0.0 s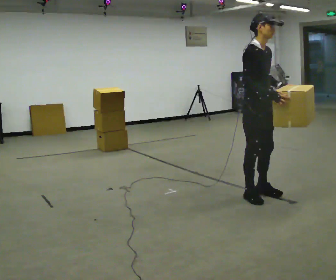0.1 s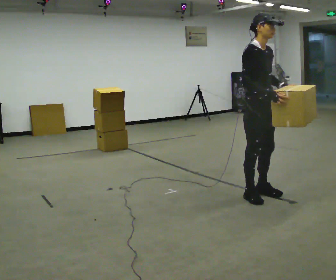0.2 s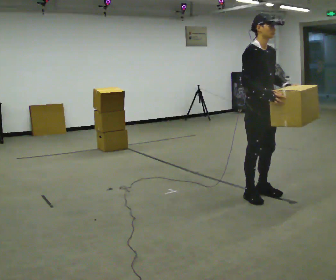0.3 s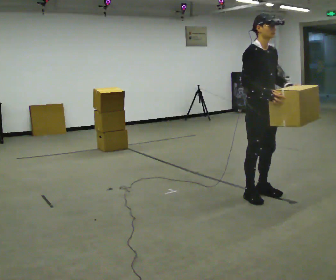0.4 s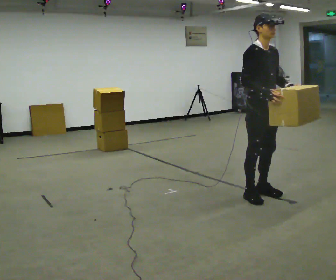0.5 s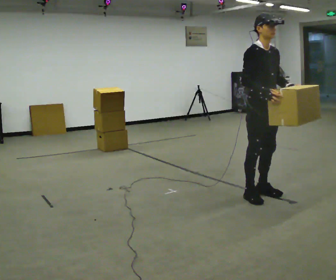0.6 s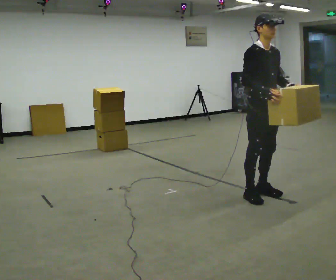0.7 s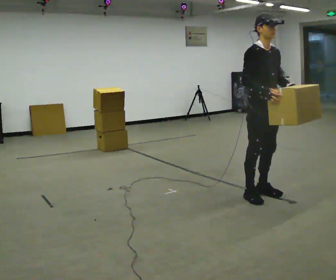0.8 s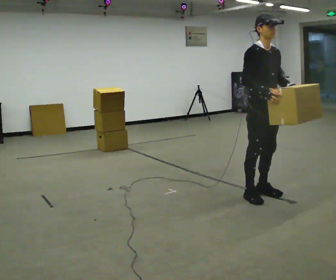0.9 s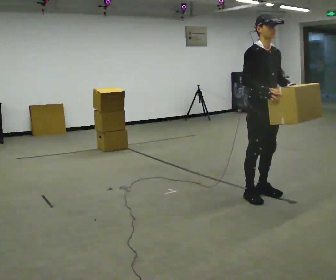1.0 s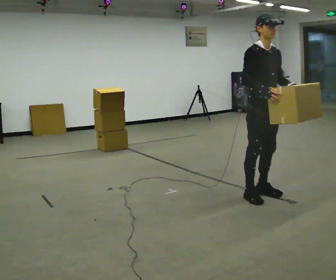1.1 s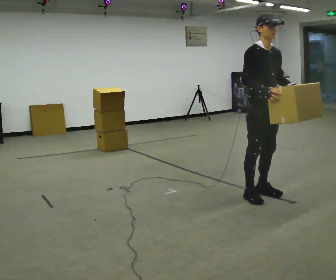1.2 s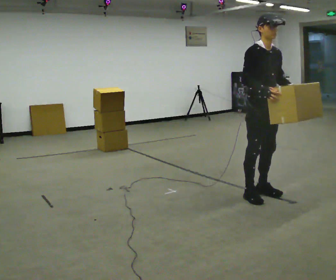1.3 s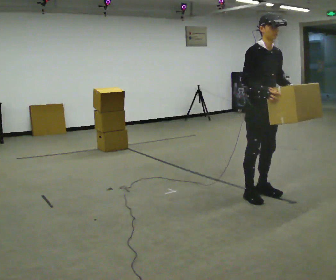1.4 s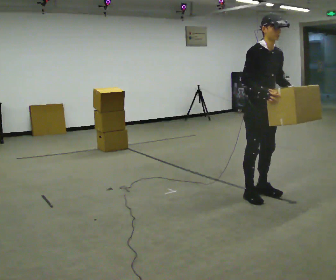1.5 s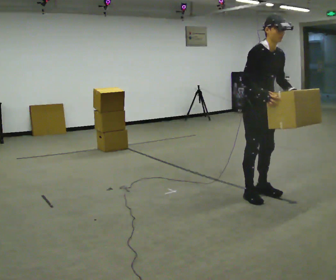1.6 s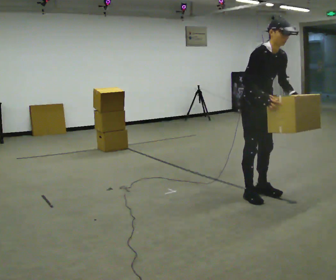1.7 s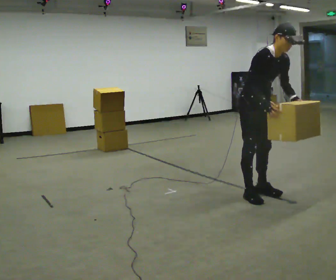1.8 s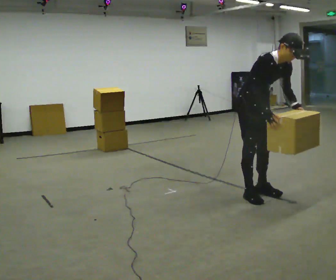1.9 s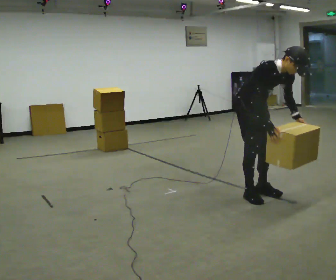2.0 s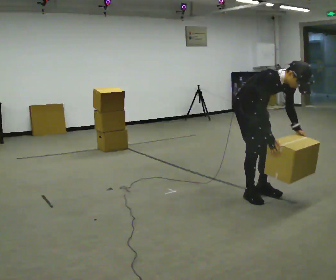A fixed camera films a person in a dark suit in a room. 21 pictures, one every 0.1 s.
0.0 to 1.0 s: The person moves a little, or ends about where they began.
1.0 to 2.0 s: The shoulders move downward. In the picture the upper body tilts clockwise, shoulders to the right, as they bend forward. In the picture their right hand goes downward.
The film runs backward here.
